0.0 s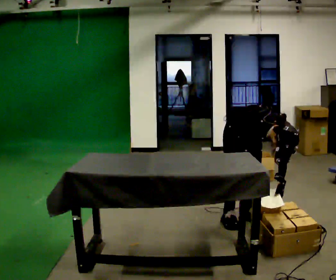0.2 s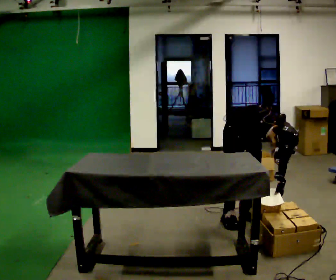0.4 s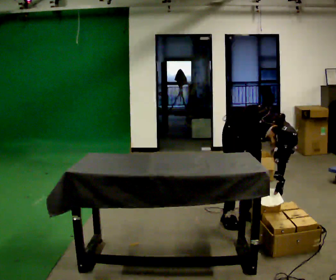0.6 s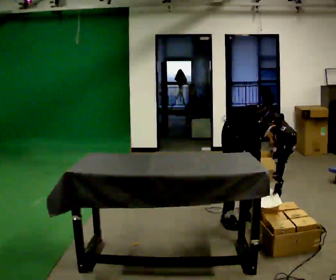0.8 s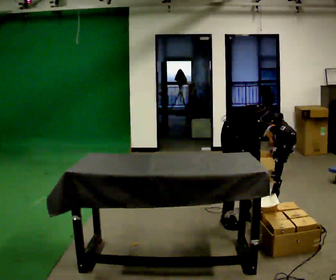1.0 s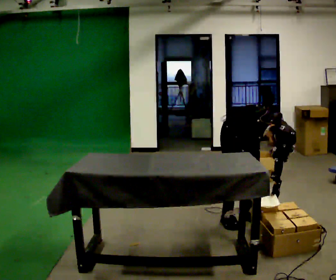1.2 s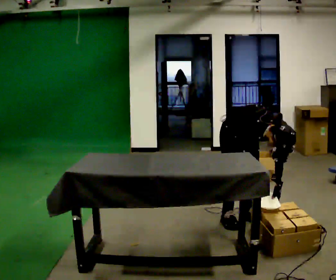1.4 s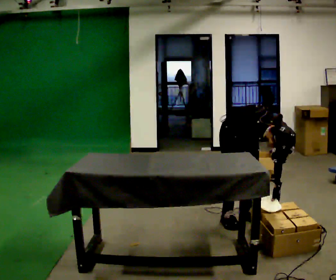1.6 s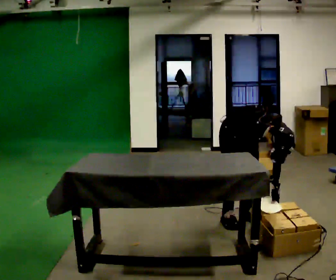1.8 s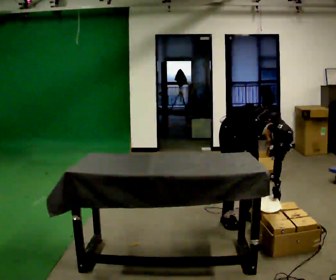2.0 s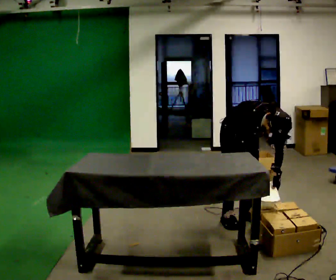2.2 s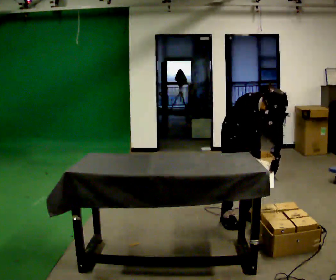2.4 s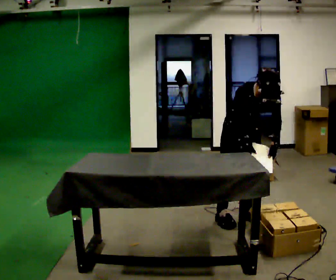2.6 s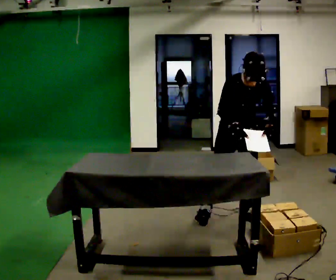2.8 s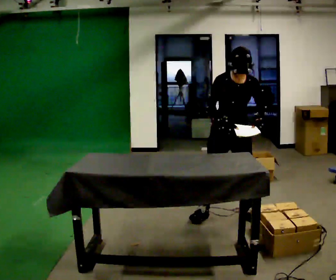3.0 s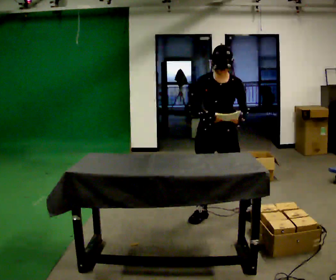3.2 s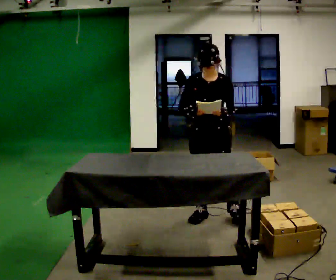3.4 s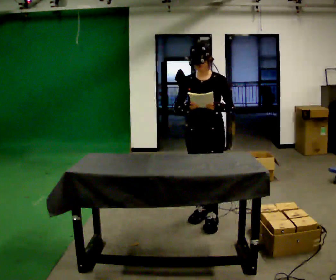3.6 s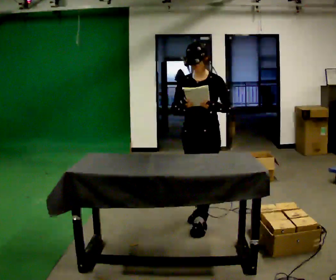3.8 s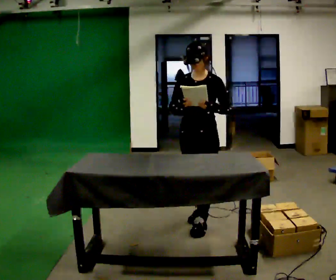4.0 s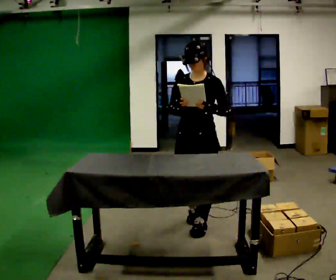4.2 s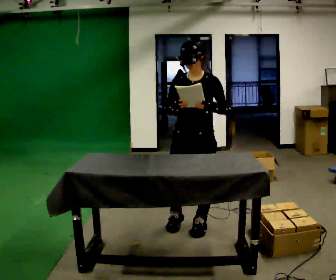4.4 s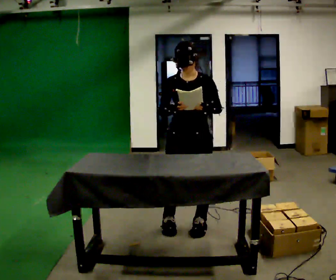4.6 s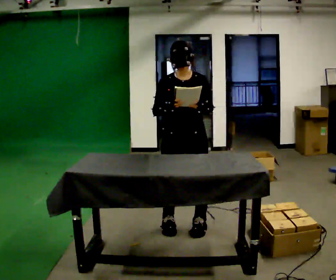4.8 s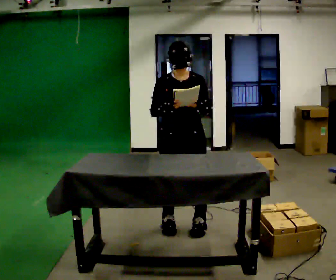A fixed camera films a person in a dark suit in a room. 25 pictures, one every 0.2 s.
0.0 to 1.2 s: The person moves a little, or ends about where they began.
1.2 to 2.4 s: The upper body goes upward. The upper body tips away from the camera, its near side rolling upward, as they lean back or straighten. In the picture their left hand goes upward.
2.4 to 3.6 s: Seen from above the body turns clockwise, about 45 degrees: to their right, with its near side sliding to the left. In the picture they go to the left and toward the camera, about 0.25 m in 2 steps, which for them is to their right. The upper body tips away from the camera, its near side rolling upward, as they lean back or straighten. In the picture their left hand goes upward.
3.6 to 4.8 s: The part of the body nearest the lens slides to the right as the person turns to their left by about 30 degrees. In the picture they go toward the camera, about 0.25 m in 1 step, which for them is forward.
The film runs forward here.
